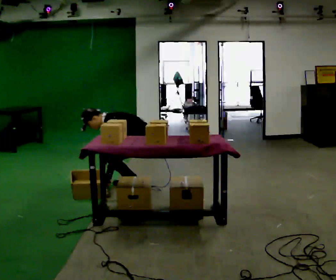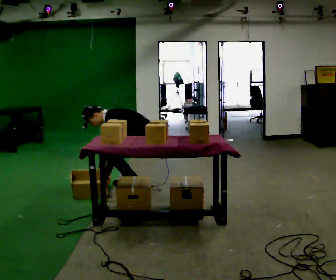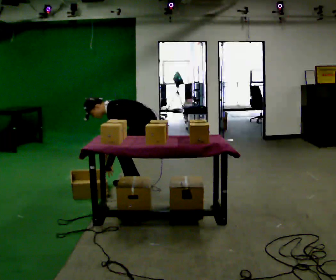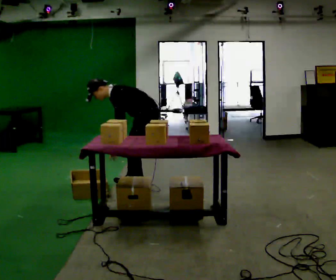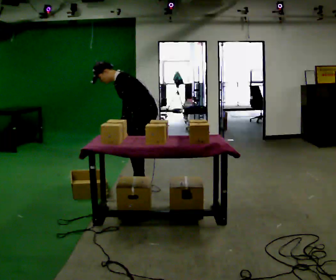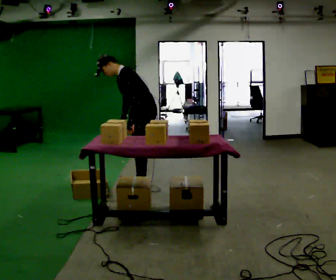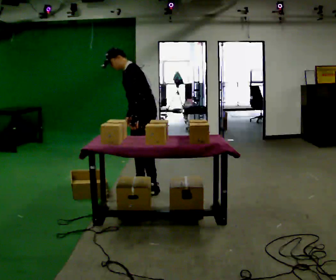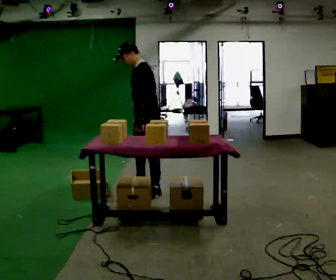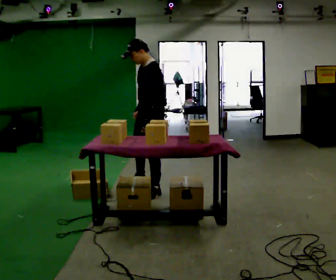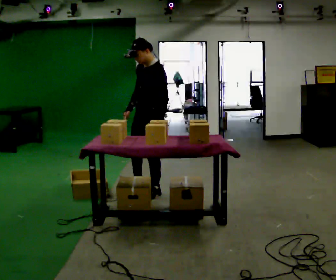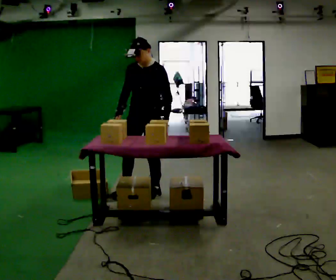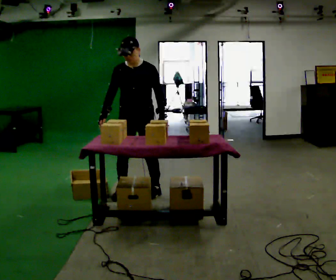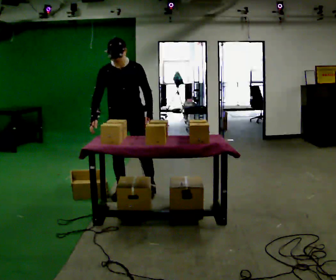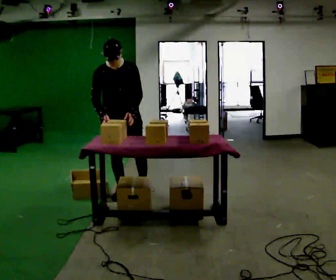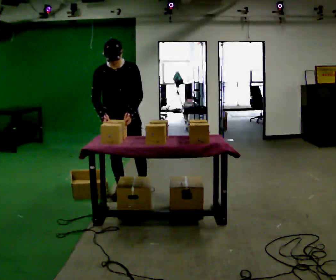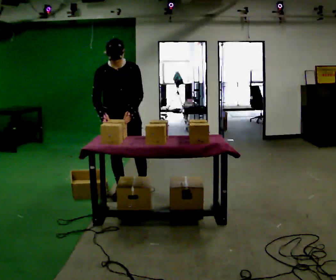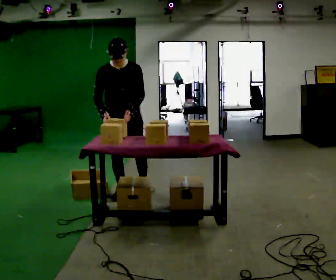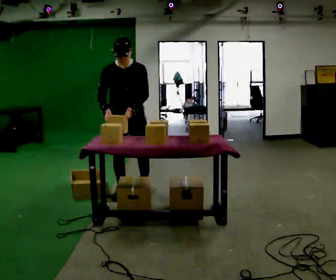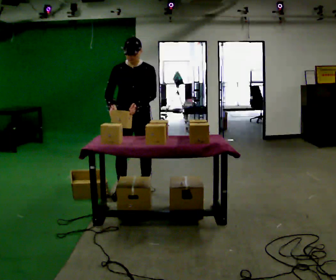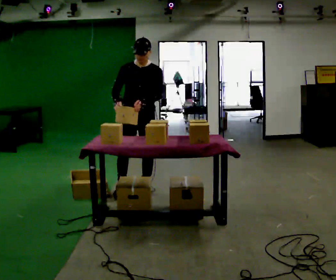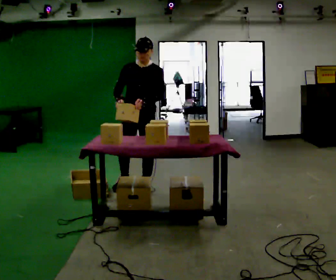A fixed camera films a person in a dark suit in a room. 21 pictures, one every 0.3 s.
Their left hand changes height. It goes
upward.
The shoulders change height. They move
upward.
0.0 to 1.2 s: The upper body goes upward. In the picture the upper body tilts clockwise, shoulders to the right, as they lean back or straighten. In the picture their right hand goes upward.
1.2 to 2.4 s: In the picture they go toward the camera, about 0.25 m in 1 step, which for them is to their left. In the picture the upper body tilts clockwise, shoulders to the right, as they lean back or straighten.
2.4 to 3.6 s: The person turns about 75 degrees to their left, counterclockwise seen from above, so the part of the body nearest the lens slides to the right. In the picture they go to the left, about 0.25 m in 2 steps.
3.6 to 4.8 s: The person moves a little, or ends about where they began.
4.8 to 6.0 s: Seen from above the body turns clockwise, about 30 degrees: to their right, with its near side sliding to the left. In the picture they go to the right and away from the camera, about 0.25 m in 1 step, which for them is to their left and backward.
The film runs backward here.
